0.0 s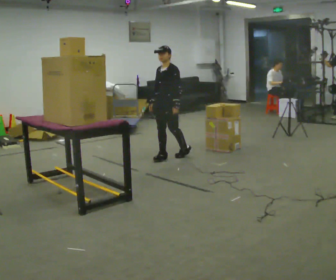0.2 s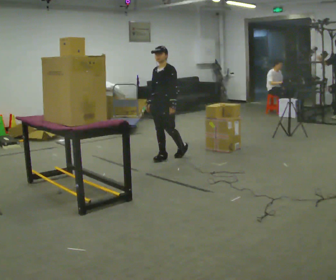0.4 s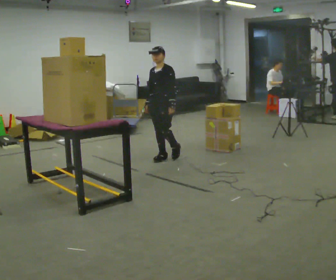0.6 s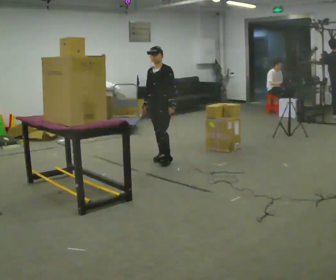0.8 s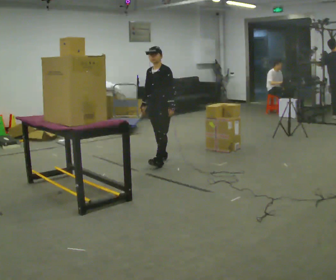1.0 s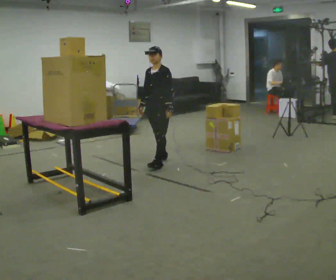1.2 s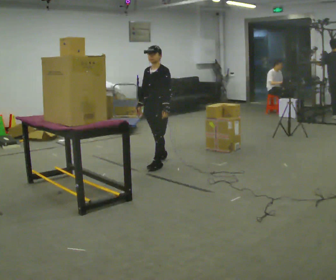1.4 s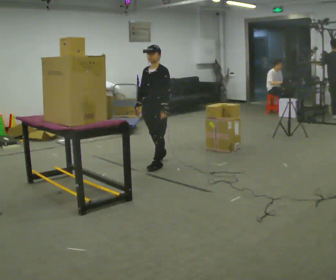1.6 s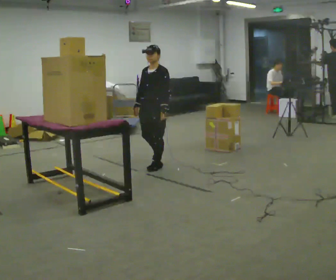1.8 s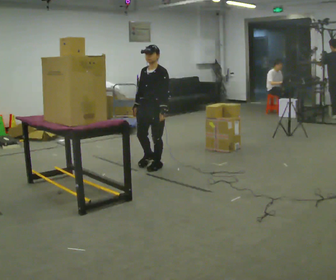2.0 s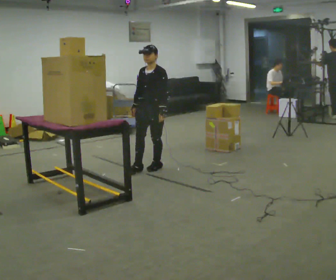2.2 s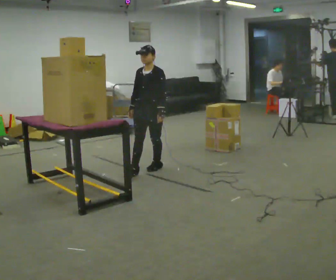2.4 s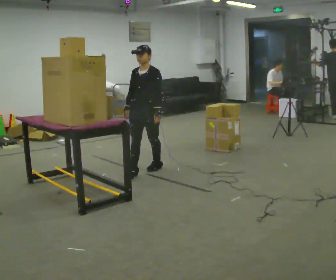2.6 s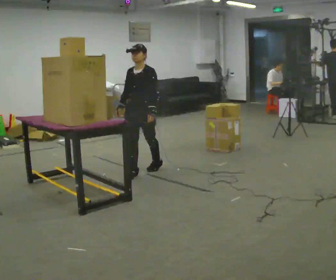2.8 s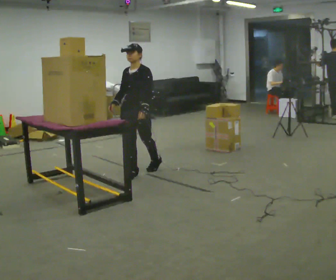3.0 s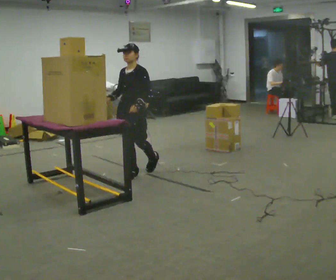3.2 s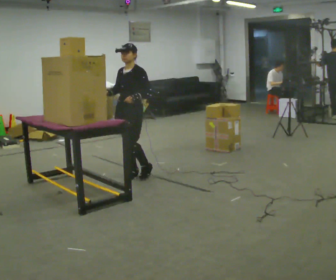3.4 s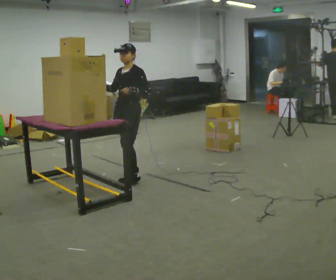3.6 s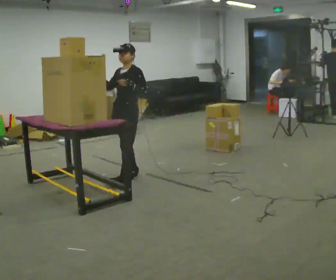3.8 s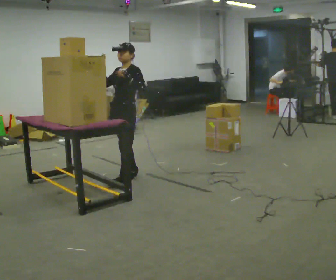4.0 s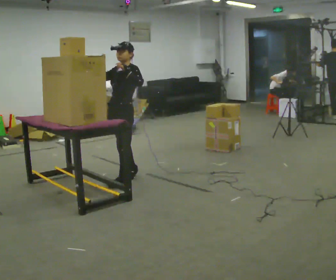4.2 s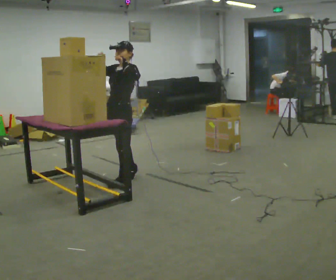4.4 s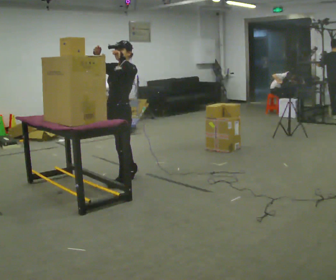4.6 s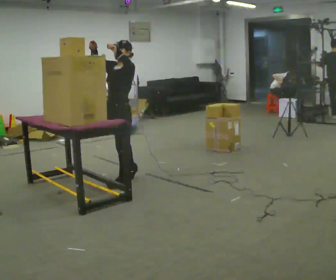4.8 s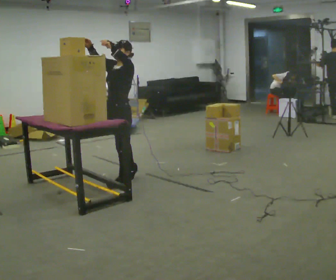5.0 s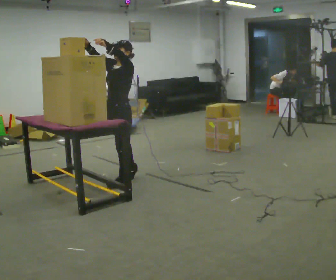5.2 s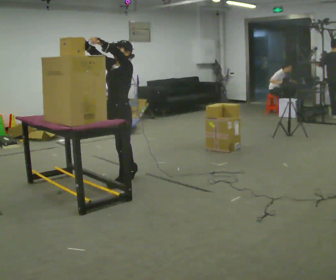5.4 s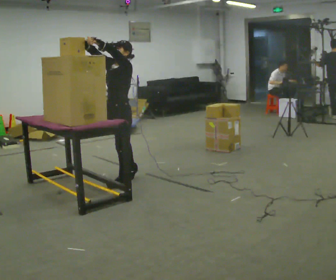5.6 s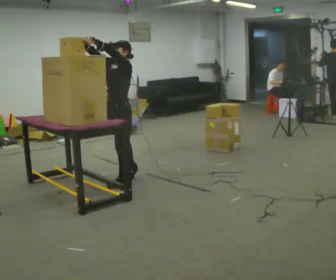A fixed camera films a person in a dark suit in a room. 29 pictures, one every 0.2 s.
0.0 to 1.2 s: In the picture they go toward the camera and to the left, about 0.25 m in 1 step, which for them is forward.
1.2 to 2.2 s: In the picture they go toward the camera, about 0.25 m in 1 step, which for them is forward.
2.2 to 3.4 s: In the picture they go toward the camera and to the left, about 0.25 m, which for them is forward. In the picture their right hand goes upward.
3.4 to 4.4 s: In the picture they go toward the camera, about 0.25 m in 1 step, which for them is forward. In the picture their right hand goes upward.
4.4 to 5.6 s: The person moves a little, or ends about where they began.
The film runs forward here.
